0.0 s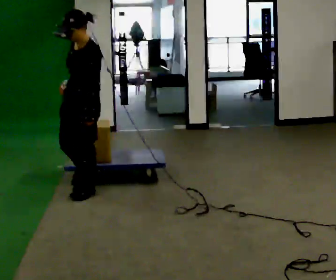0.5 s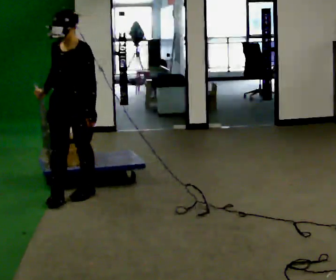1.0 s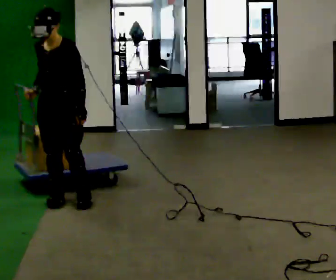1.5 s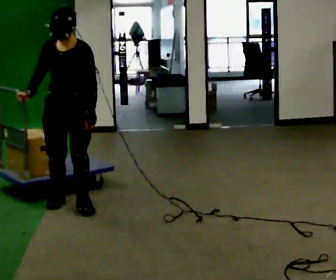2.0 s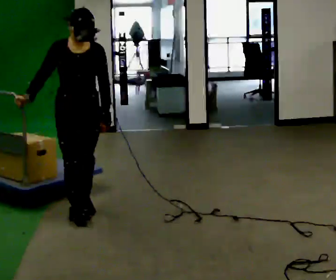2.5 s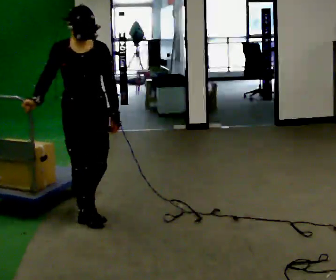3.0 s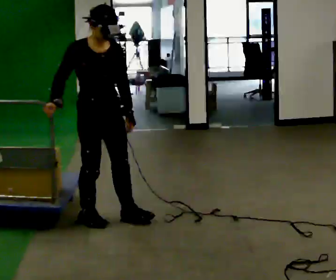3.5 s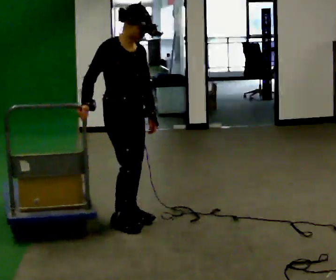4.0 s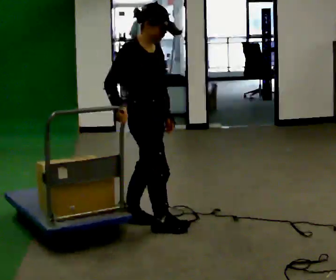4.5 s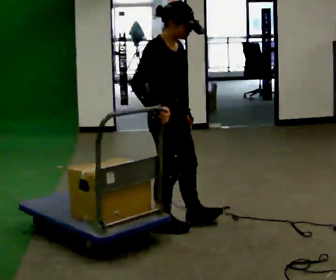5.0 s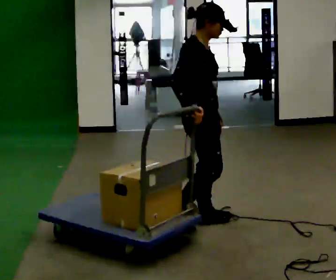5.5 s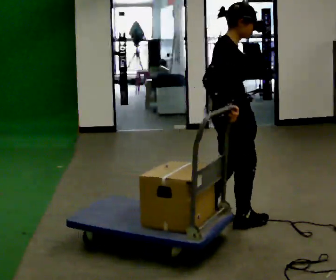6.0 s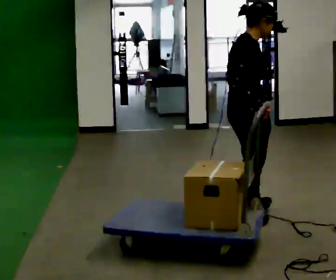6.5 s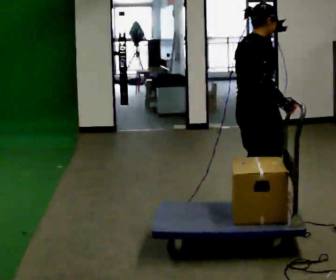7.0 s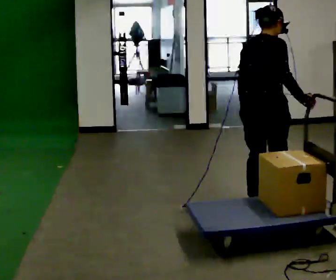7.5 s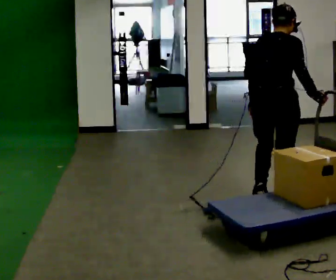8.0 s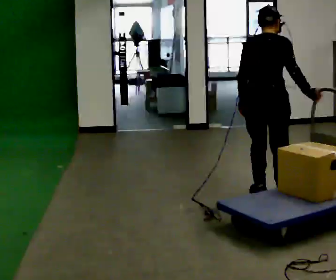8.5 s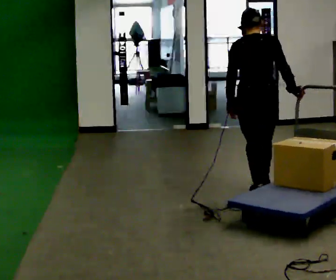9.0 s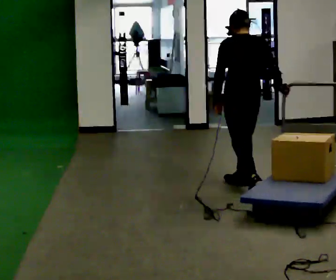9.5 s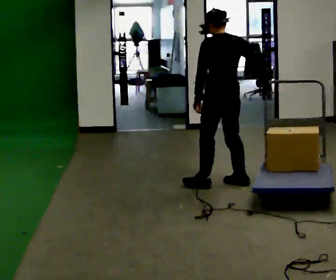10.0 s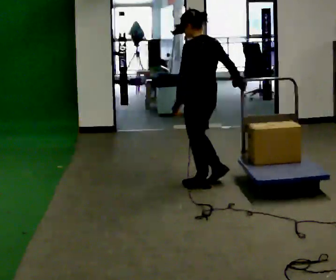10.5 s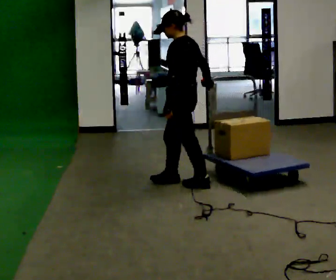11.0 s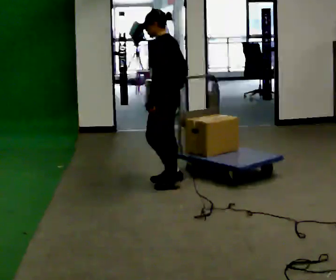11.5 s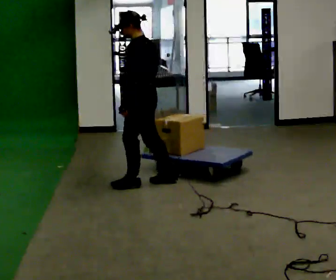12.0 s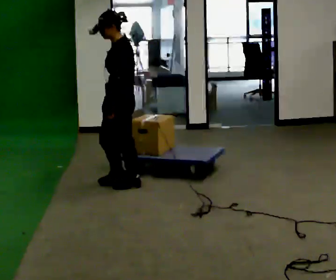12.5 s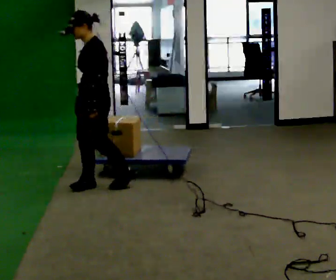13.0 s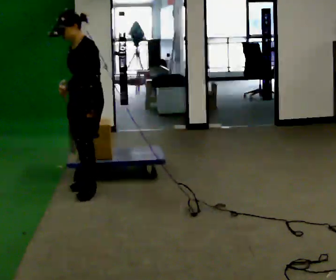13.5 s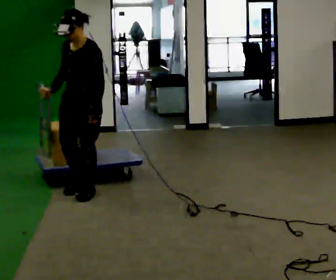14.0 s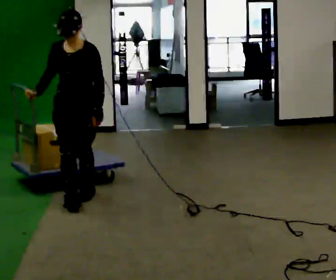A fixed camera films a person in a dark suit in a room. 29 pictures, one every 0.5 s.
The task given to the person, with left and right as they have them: Pull the cart behind you as you walk backward across the room. The operator will confirm the space behind you is clear before each take.
0.0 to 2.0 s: The person turns about 60 degrees to their left, counterclockwise seen from above, so the part of the body nearest the lens slides to the right. In the picture they go toward the camera, about 0.5 m in 2 steps.
2.0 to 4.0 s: Seen from above the body turns counterclockwise, about 45 degrees: to their left, with its near side sliding to the right. In the picture they go to the right and toward the camera, about 0.5 m in 3 steps, which for them is forward.
4.0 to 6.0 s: Seen from above the body turns counterclockwise, about 30 degrees: to their left, with its near side sliding to the right. In the picture they go to the right, about 0.75 m in 2 steps, which for them is forward.
6.0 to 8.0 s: Seen from above the body turns counterclockwise, about 60 degrees: to their left, with its near side sliding to the right. In the picture they go away from the camera, about 0.5 m in 3 steps, which for them is forward.
8.0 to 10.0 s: The part of the body nearest the lens slides to the right as the person turns to their left by about 75 degrees. In the picture they go to the left and away from the camera, about 0.5 m in 2 steps.
10.0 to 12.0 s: The part of the body nearest the lens slides to the right as the person turns to their left by about 45 degrees. In the picture they go to the left, about 0.75 m in 2 steps, which for them is forward.
12.0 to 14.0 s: The person turns about 75 degrees to their left, counterclockwise seen from above, so the part of the body nearest the lens slides to the right. In the picture they go toward the camera and to the left, about 0.5 m in 3 steps.
The film runs forward here.
